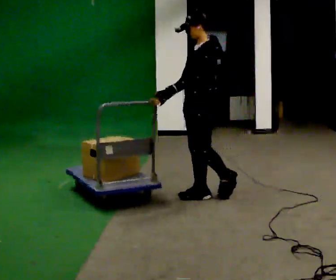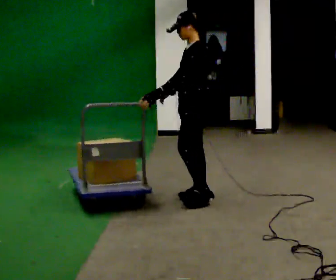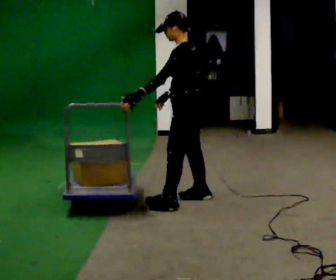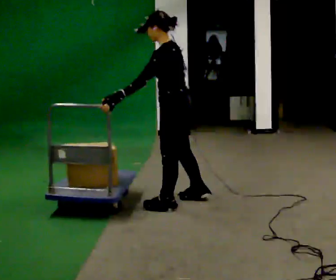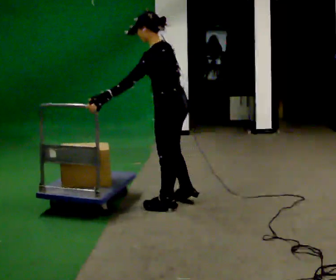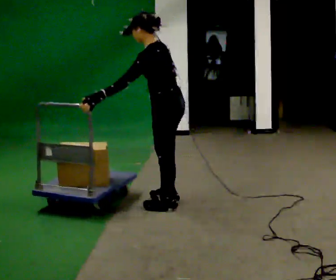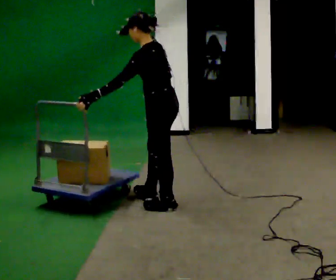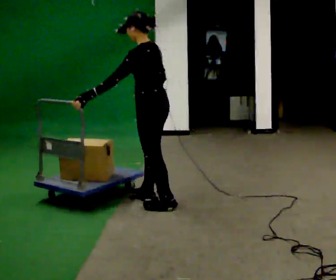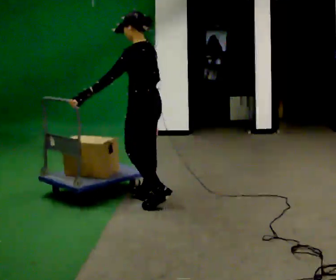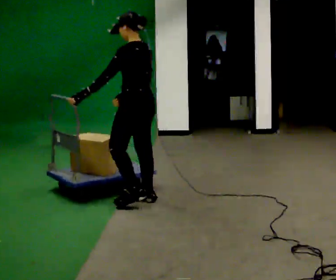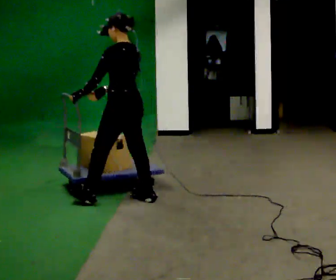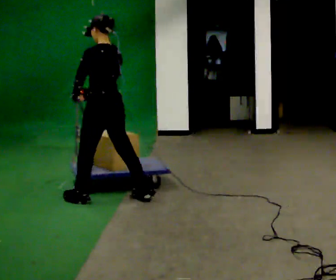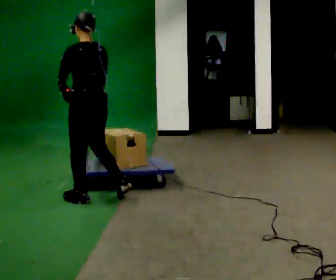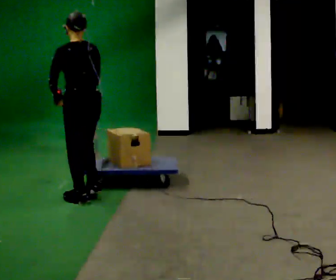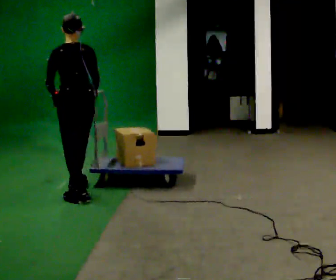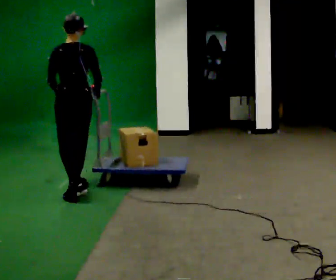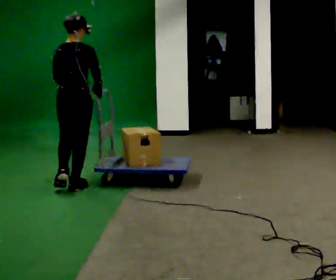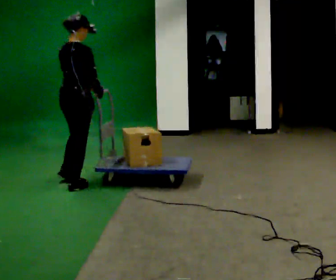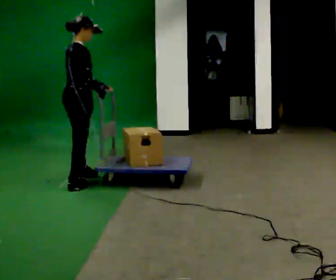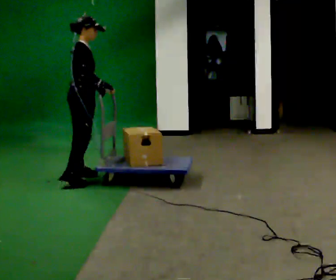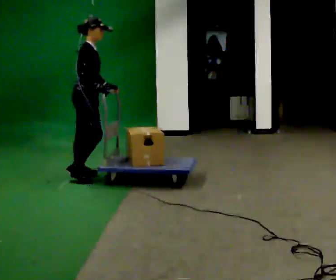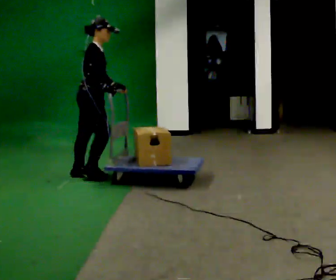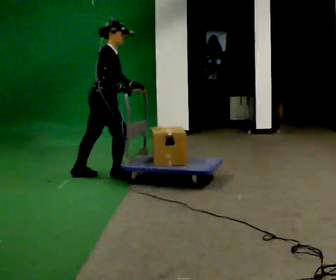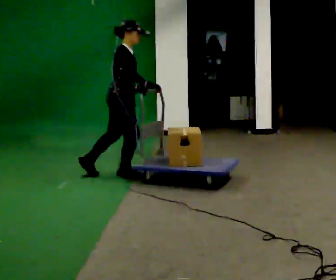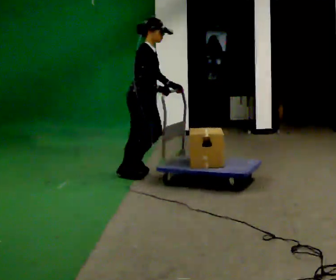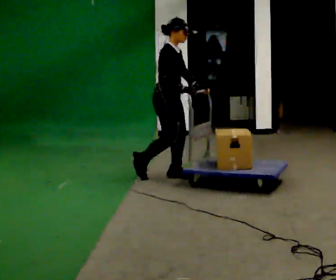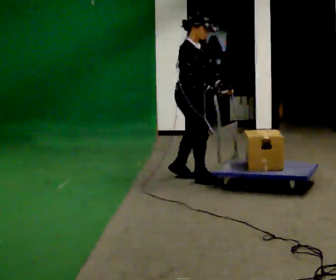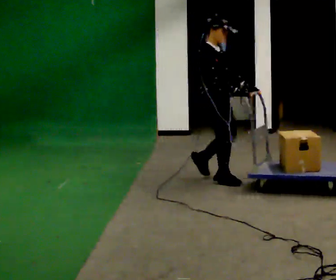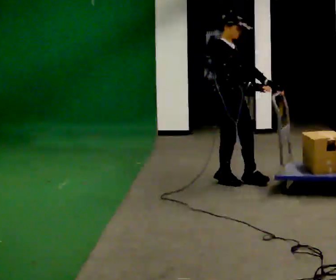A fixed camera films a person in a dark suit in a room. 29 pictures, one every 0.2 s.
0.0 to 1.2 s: The person turns about 45 degrees to their right, clockwise seen from above, so the part of the body nearest the lens slides to the left. In the picture they go to the left, about 0.25 m in 2 steps, which for them is forward and to their left. In the picture the upper body tilts counterclockwise, shoulders to the left, as they bend forward.
1.2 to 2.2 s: In the picture they go to the left and away from the camera, about 0.5 m in 1 step, which for them is forward. In the picture the upper body tilts clockwise, shoulders to the right.
2.2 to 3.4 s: Seen from above the body turns clockwise, about 90 degrees: to their right, with its near side sliding to the left. In the picture they go away from the camera and to the left, about 0.5 m in 1 step.
3.4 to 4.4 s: Seen from above the body turns clockwise, about 45 degrees: to their right, with its near side sliding to the left. In the picture they go to the right and away from the camera, about 0.5 m in 1 step, which for them is to their left and forward.
4.4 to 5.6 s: Seen from above the body turns clockwise, about 45 degrees: to their right, with its near side sliding to the left. In the picture they go to the right and toward the camera, about 1 m in 3 steps, which for them is forward.
The film runs forward here.
